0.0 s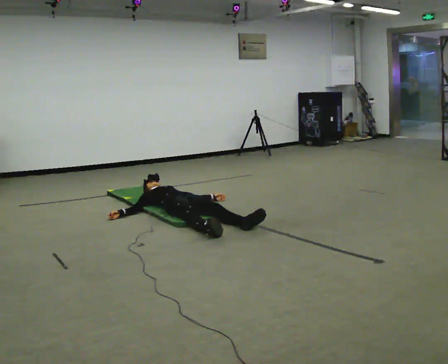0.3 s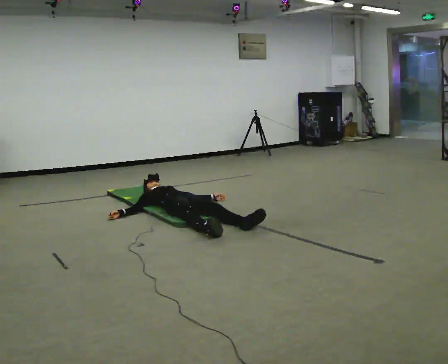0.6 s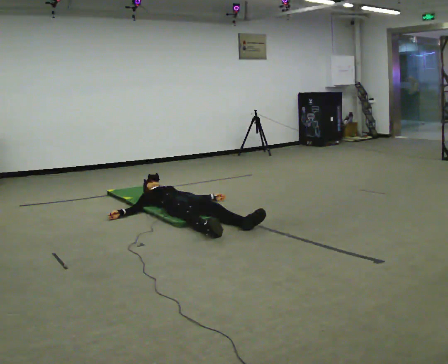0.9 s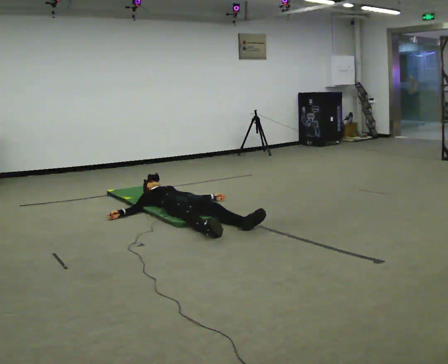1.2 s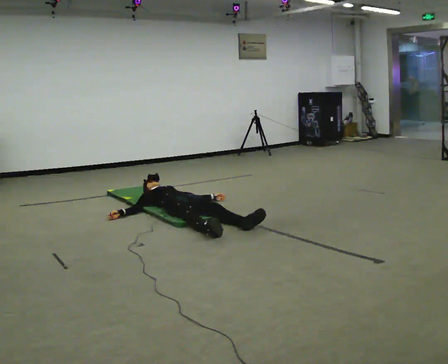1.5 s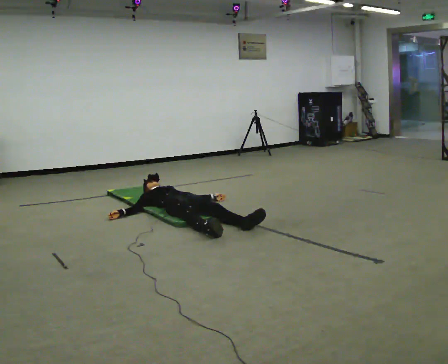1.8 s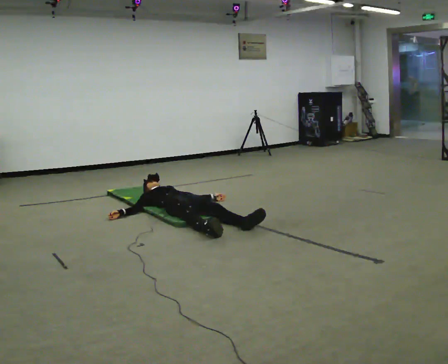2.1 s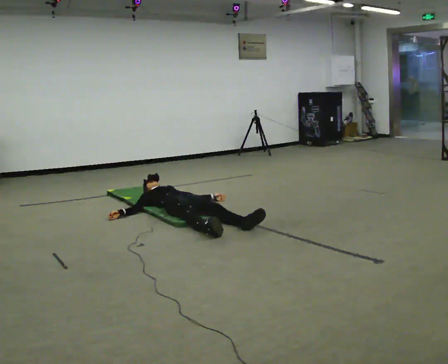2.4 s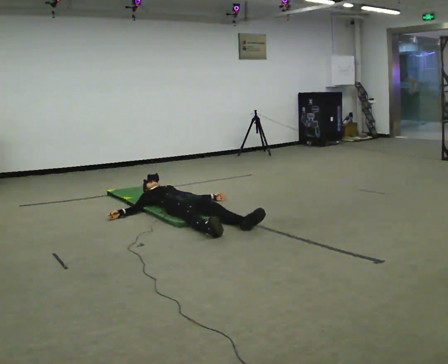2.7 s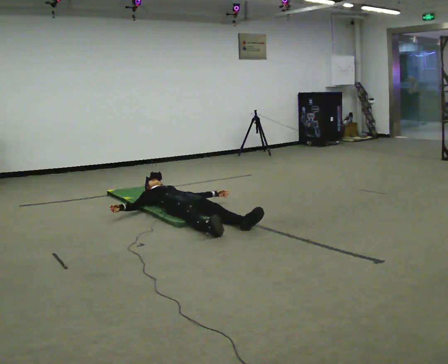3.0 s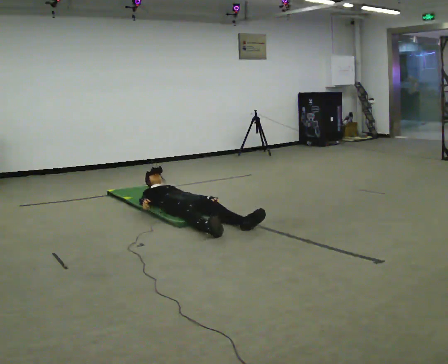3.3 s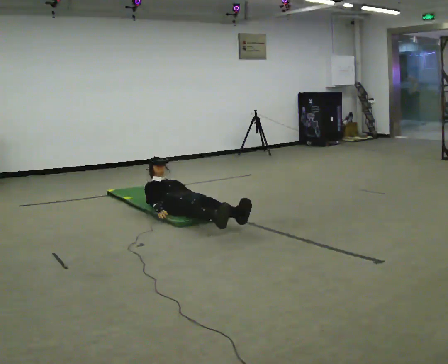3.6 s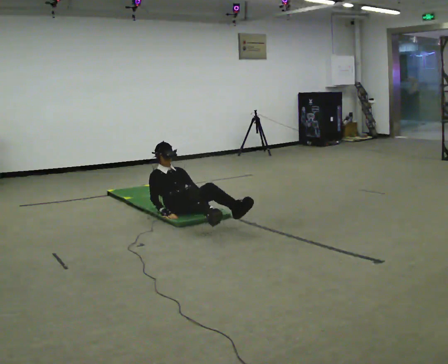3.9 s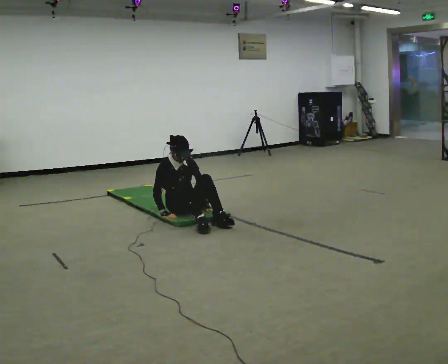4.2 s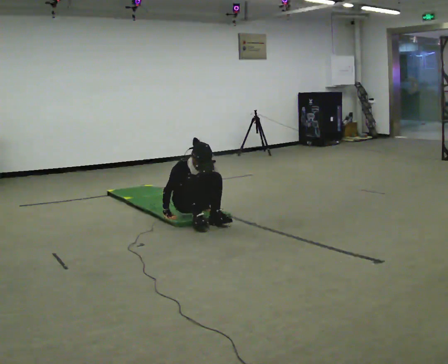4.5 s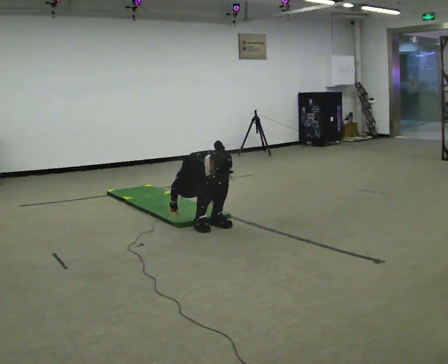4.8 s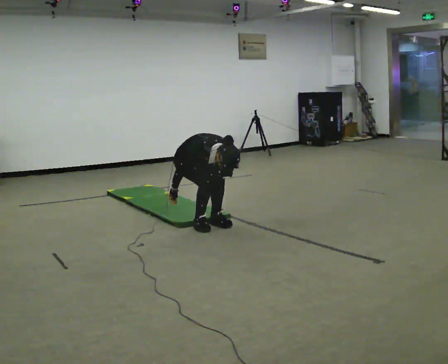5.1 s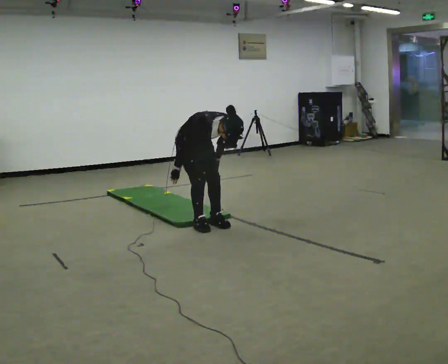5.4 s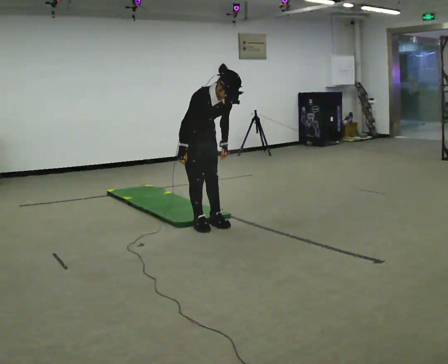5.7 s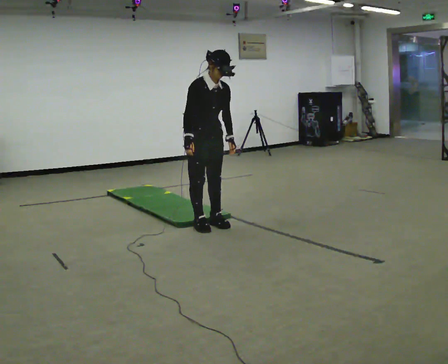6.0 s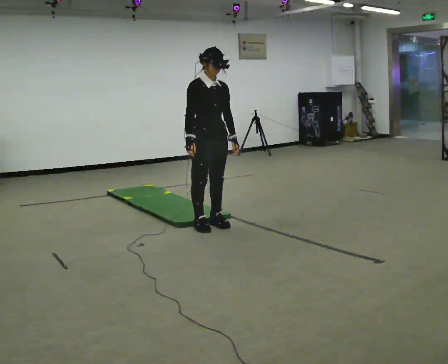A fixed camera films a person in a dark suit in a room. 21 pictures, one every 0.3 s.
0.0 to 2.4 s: The person keeps their place and pose.
2.4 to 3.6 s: The shoulders move upward. The upper body tips toward the camera, its near side rolling downward, as they bend forward.
3.6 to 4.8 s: In the picture they go toward the camera, about 0.25 m, which for them is forward. The shoulders move upward. The upper body tips toward the camera, its near side rolling downward, as they bend forward.
4.8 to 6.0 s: In the picture they go toward the camera and to the right, about 0.25 m, which for them is forward. The shoulders move upward. The upper body tips away from the camera, its near side rolling upward, as they lean back or straighten. In the picture their left hand goes upward.
The film runs backward here.
